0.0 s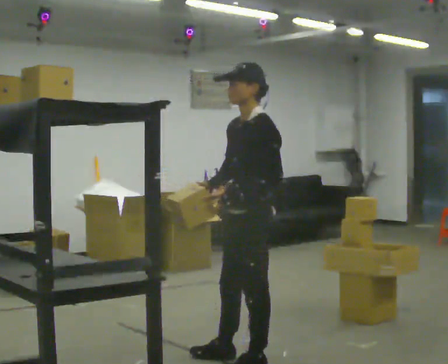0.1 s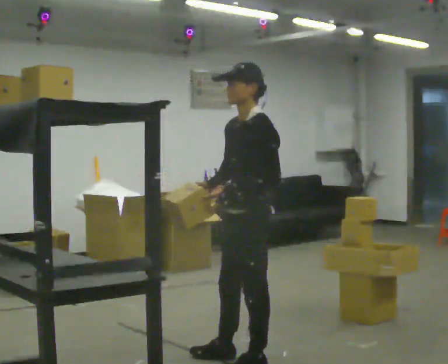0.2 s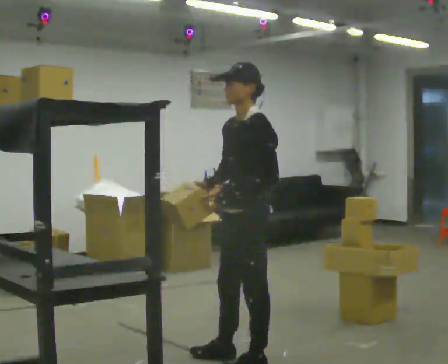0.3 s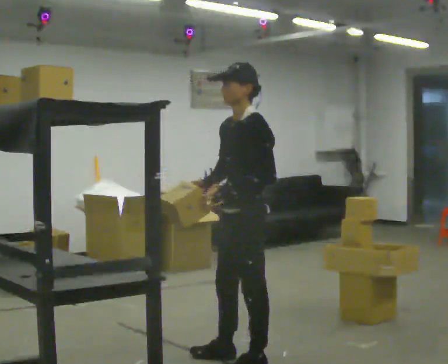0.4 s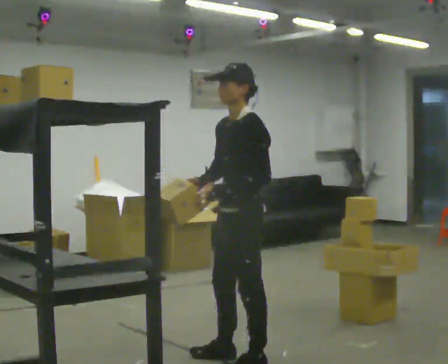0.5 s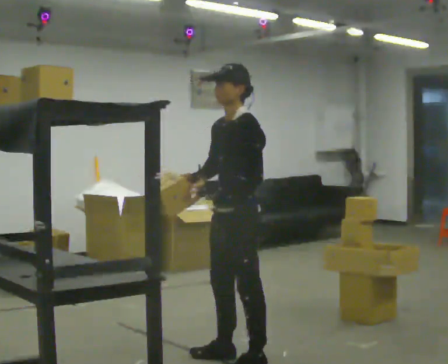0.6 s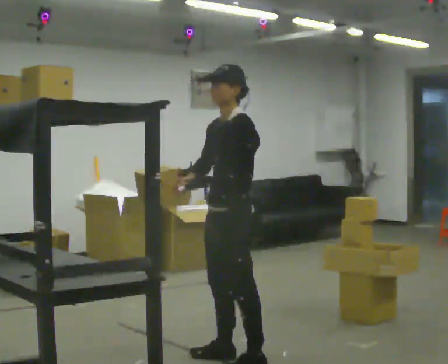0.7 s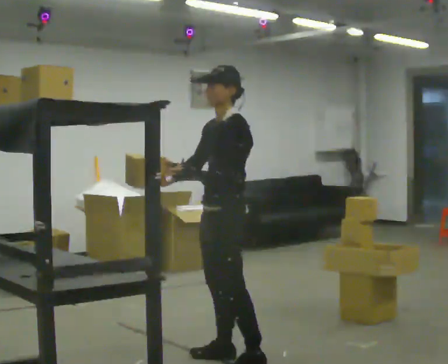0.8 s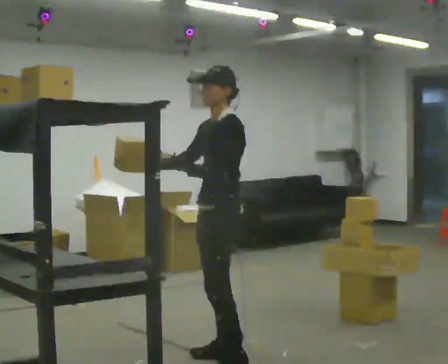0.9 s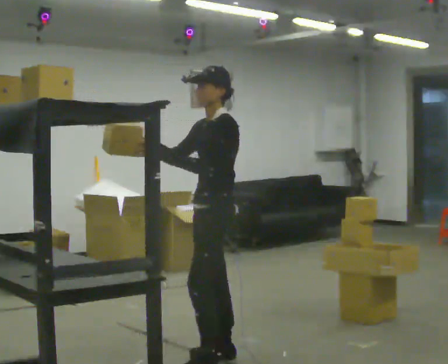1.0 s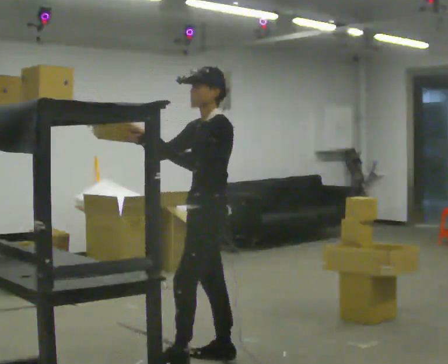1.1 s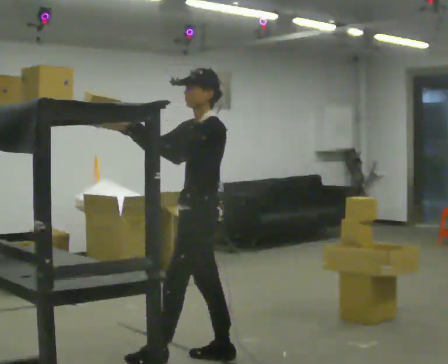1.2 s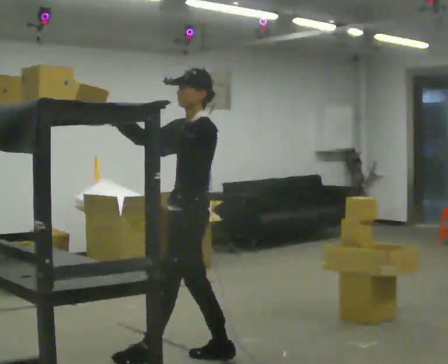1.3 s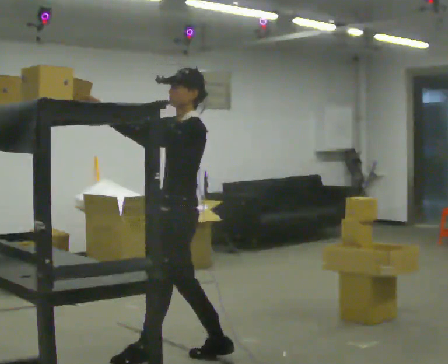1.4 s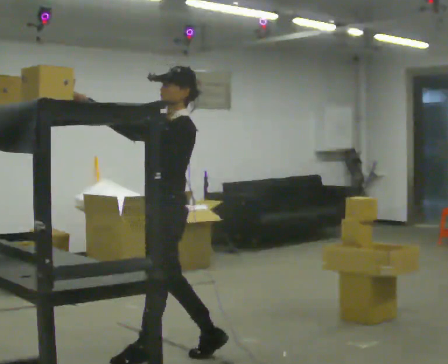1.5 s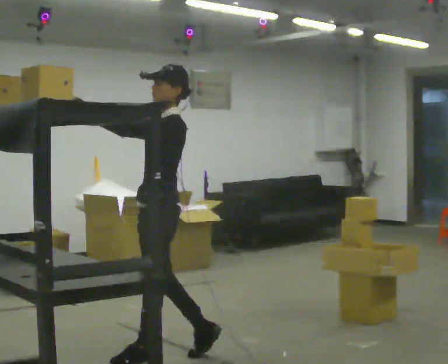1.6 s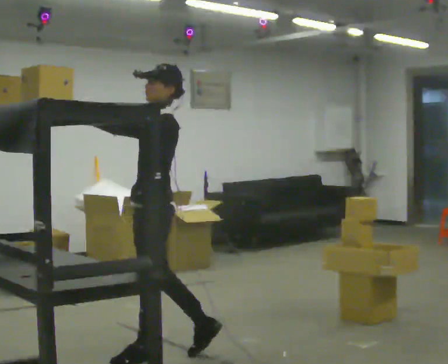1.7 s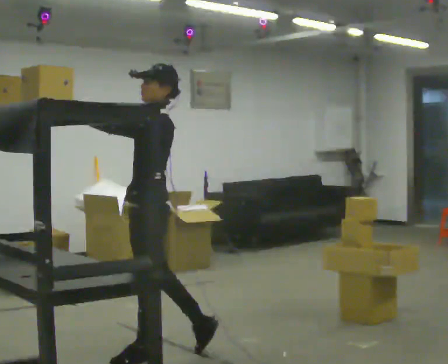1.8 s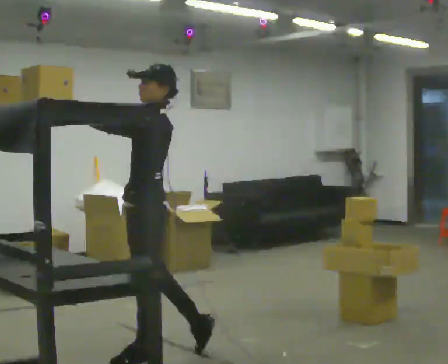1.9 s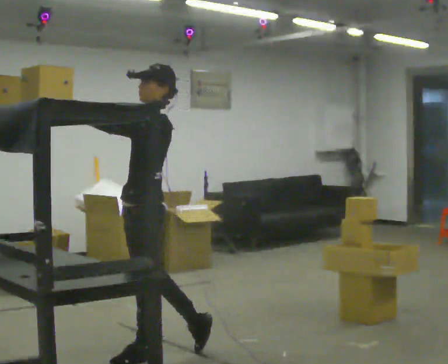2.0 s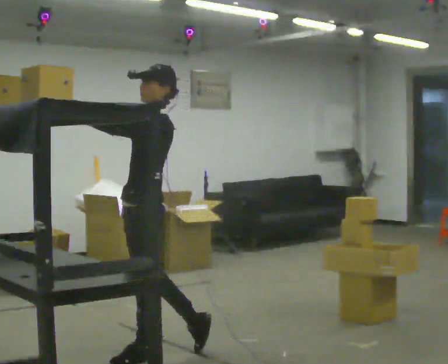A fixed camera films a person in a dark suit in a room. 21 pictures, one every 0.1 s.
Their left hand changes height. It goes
upward.
Their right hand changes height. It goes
upward.
0.0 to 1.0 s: In the picture they go to the left and away from the camera, about 0.25 m in 1 step, which for them is to their right and forward.
1.0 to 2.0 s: In the picture they go to the left, about 0.5 m, which for them is forward.
The film runs backward here.
